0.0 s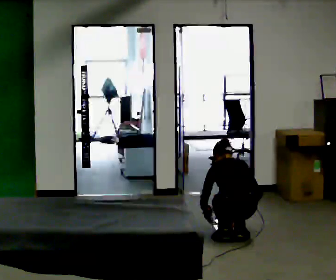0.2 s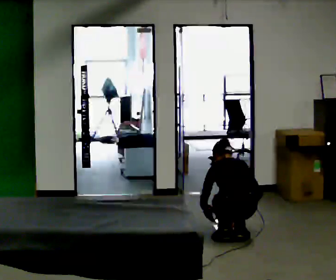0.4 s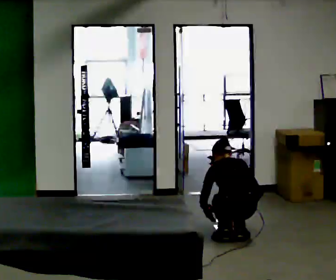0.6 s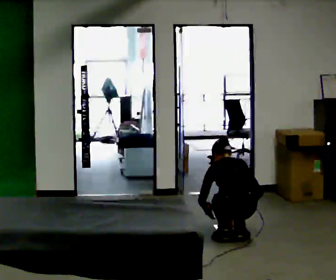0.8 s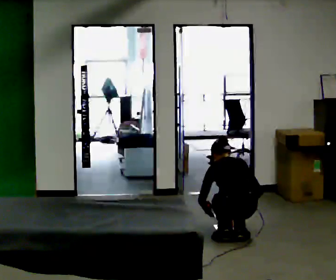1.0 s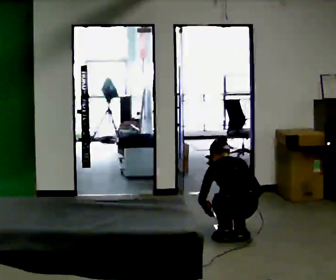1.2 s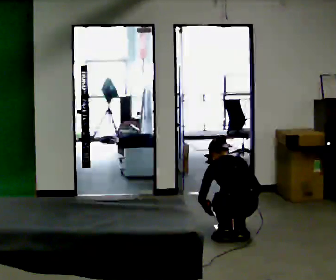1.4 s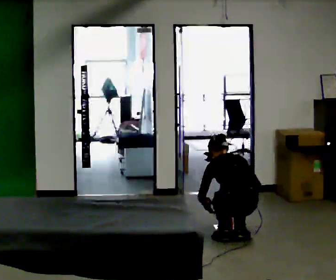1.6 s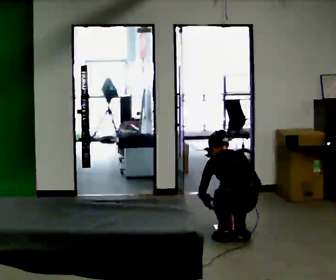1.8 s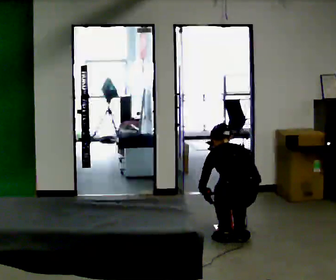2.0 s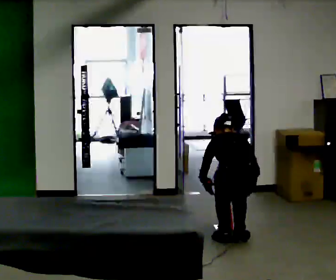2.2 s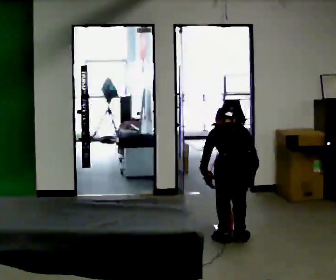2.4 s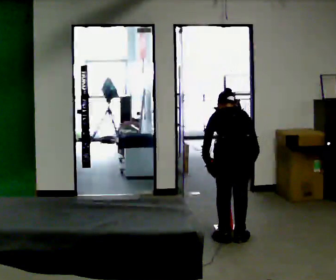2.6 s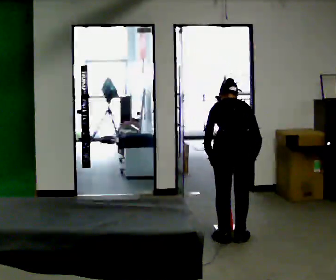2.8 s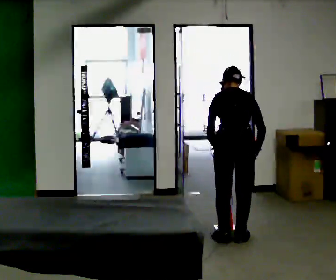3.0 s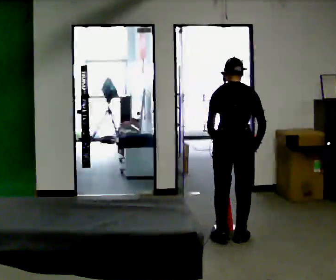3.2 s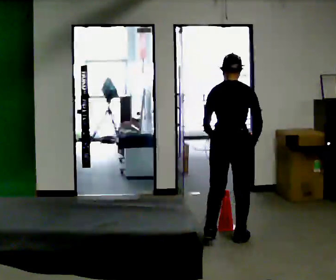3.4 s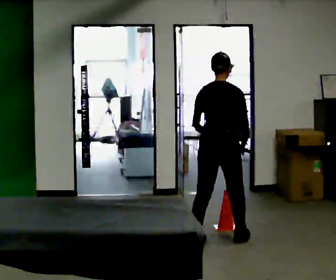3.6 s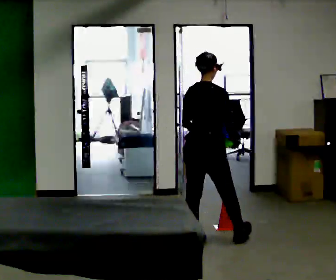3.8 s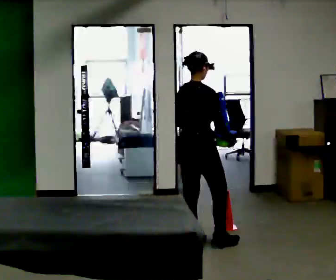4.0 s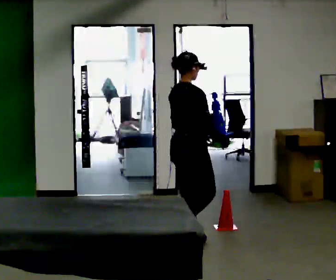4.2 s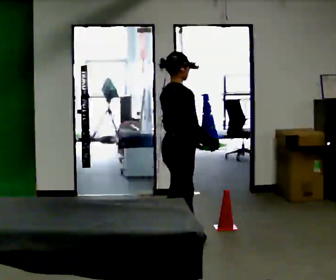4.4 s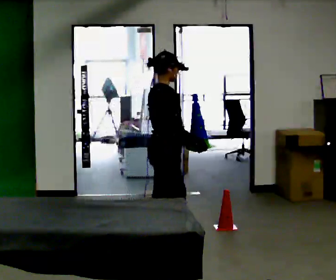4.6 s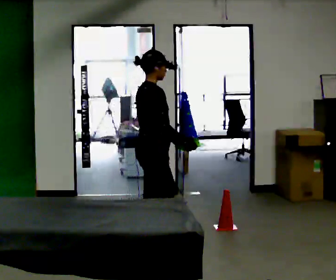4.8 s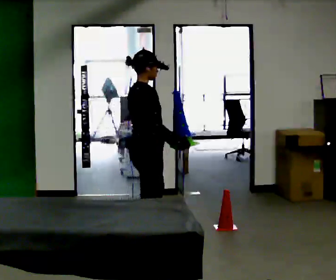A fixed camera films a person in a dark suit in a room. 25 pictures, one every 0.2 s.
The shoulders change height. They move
upward.
Their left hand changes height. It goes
upward.
0.0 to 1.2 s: The person moves a little, or ends about where they began.
1.2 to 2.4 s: The shoulders move upward. In the picture their right hand goes upward.
2.4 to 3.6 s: The person turns about 30 degrees to their right, clockwise seen from above, so the part of the body nearest the lens slides to the left. In the picture they go to the left, about 0.25 m in 1 step, which for them is to their left. The shoulders move upward. The upper body tips toward the camera, its near side rolling downward, as they lean back or straighten. In the picture their left hand goes upward.
3.6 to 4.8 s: The person turns about 30 degrees to their right, clockwise seen from above, so the part of the body nearest the lens slides to the left. In the picture they go to the left and toward the camera, about 0.5 m in 2 steps, which for them is backward.
The film runs backward here.
